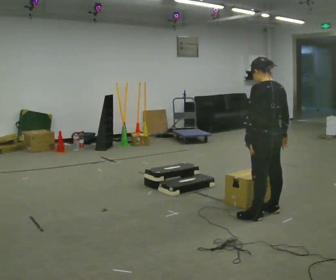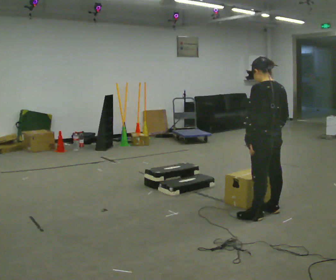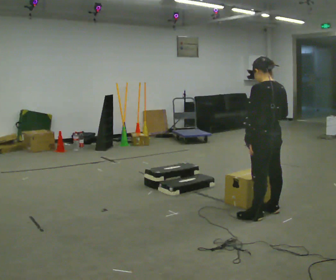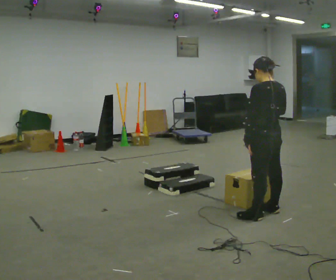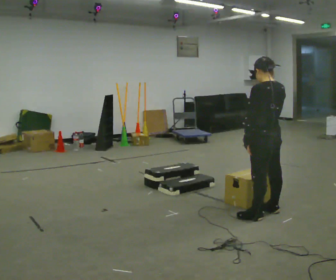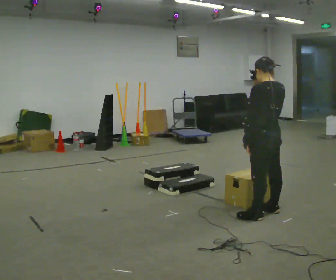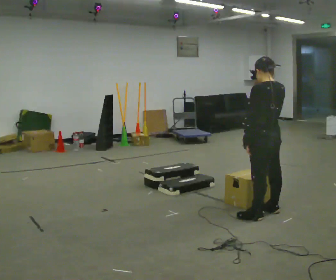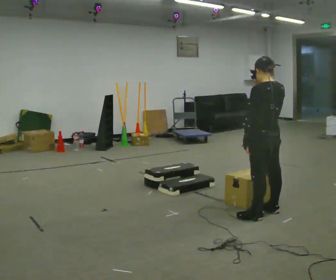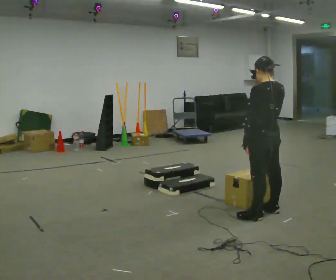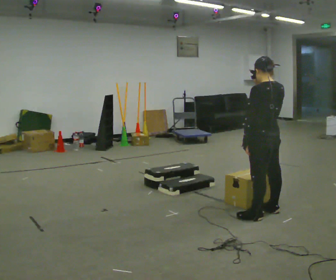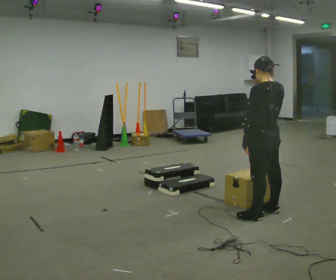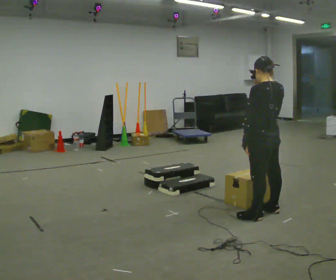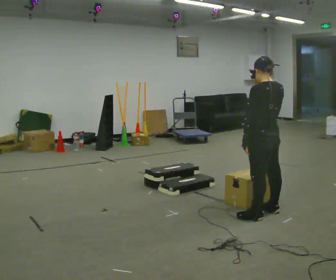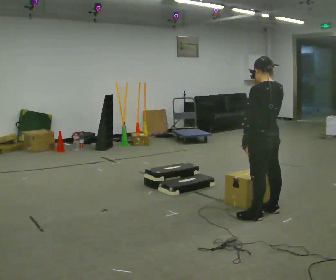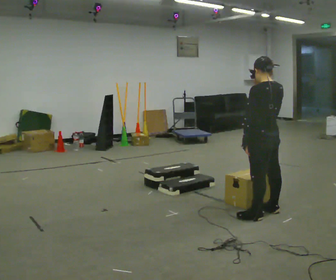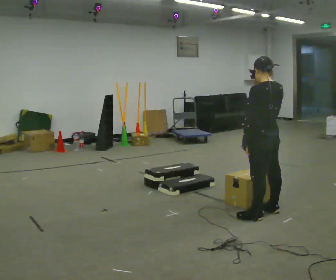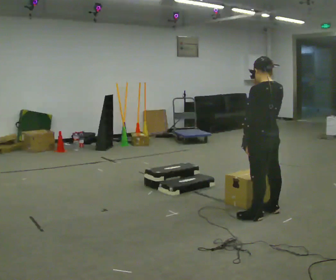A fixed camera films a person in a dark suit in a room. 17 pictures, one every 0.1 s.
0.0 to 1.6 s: In the picture their right hand goes upward.
The film runs backward here.
